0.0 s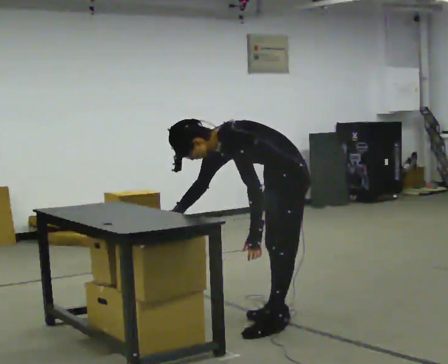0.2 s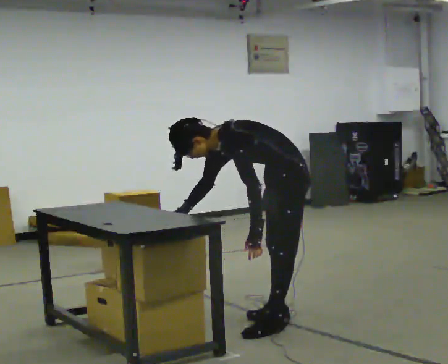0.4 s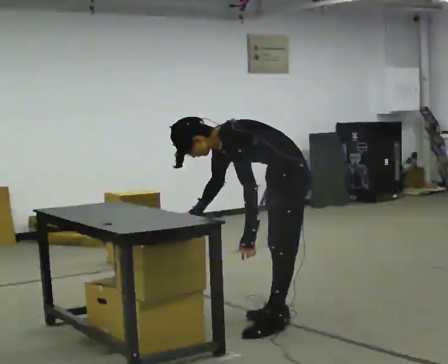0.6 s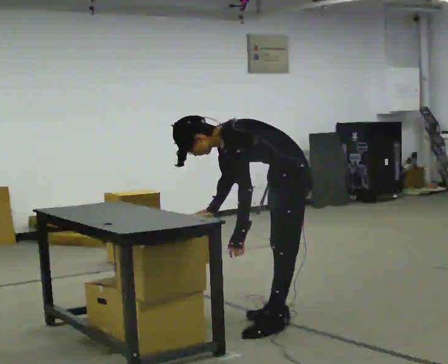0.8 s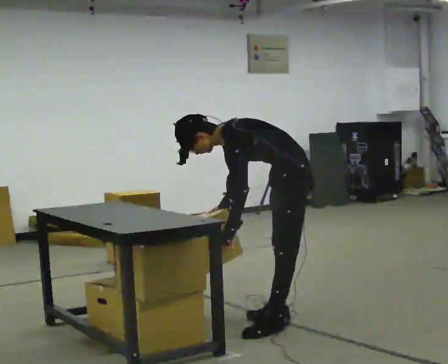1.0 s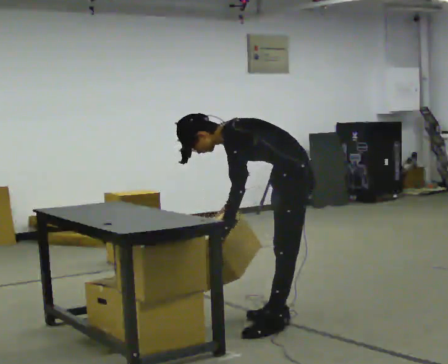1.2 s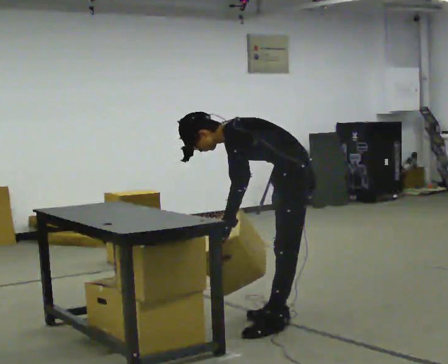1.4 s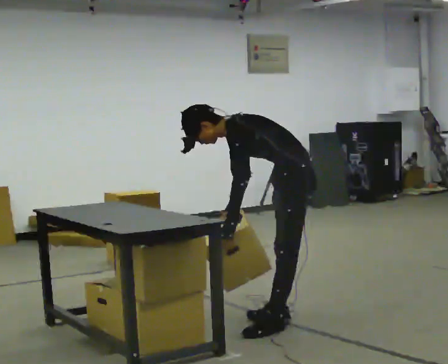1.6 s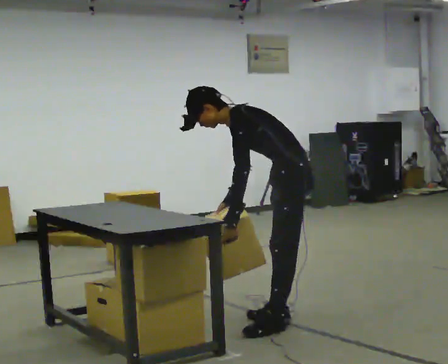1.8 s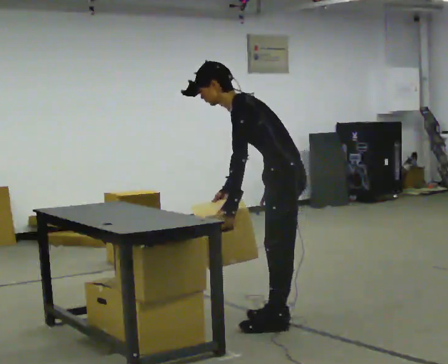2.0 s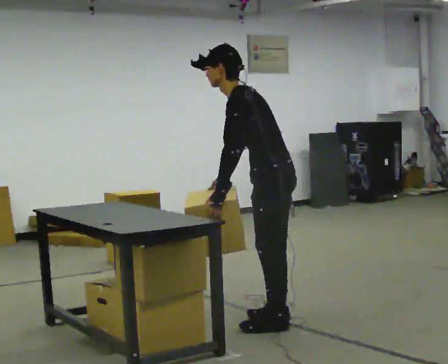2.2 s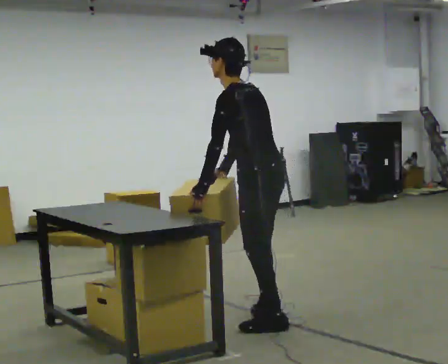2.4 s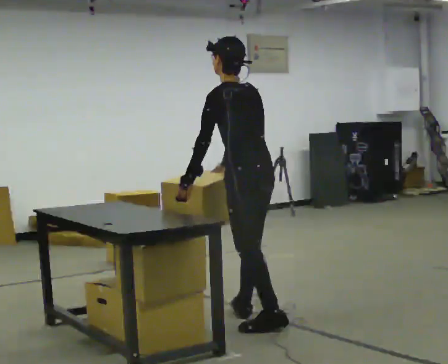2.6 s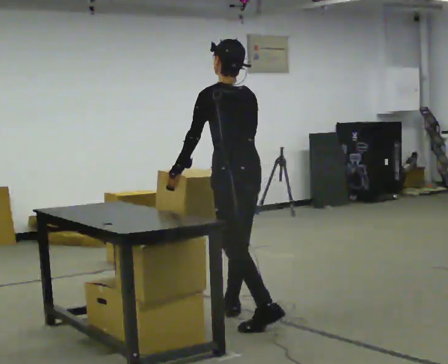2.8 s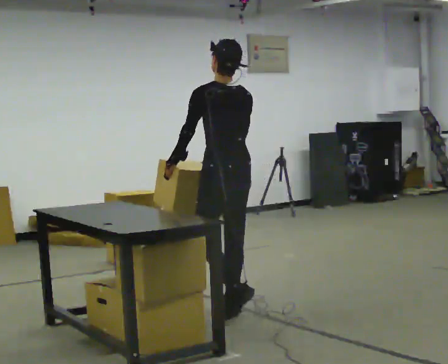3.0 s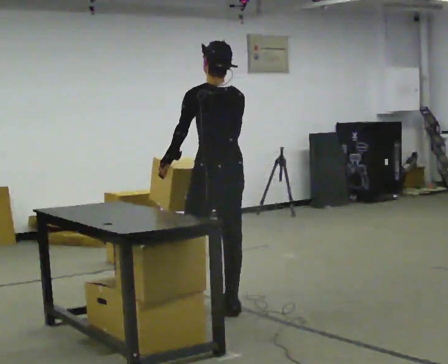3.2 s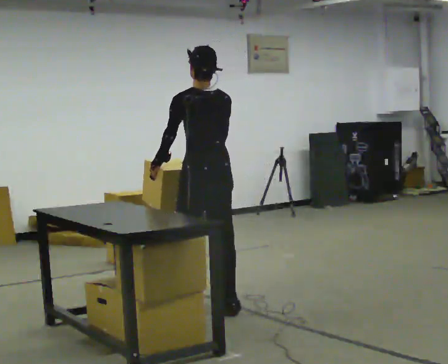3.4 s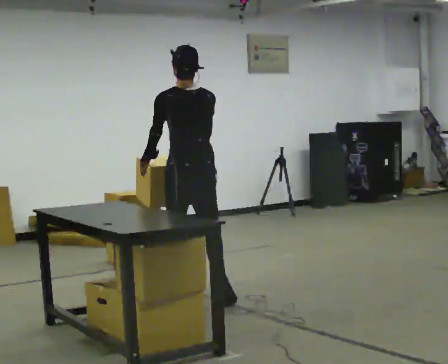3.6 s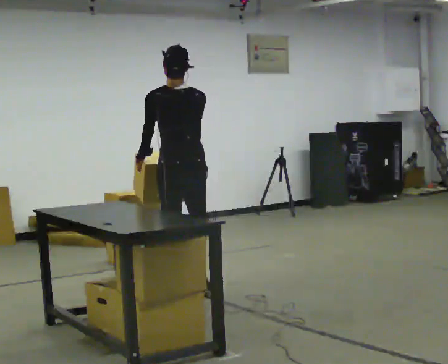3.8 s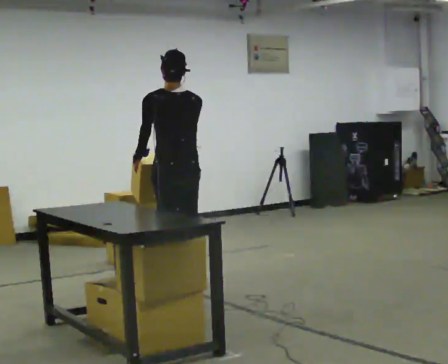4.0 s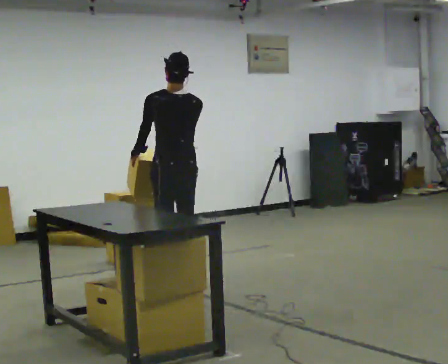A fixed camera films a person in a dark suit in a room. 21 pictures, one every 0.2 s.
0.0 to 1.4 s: The upper body tips away from the camera, its near side rolling upward.
1.4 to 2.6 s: The part of the body nearest the lens slides to the left as the person turns to their right by about 45 degrees. In the picture they go to the left, about 0.5 m in 1 step, which for them is forward. The upper body goes upward. In the picture the upper body tilts clockwise, shoulders to the right, as they lean back or straighten. In the picture their left hand goes upward.
2.6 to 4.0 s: In the picture they go away from the camera and to the left, about 1 m in 2 steps, which for them is forward.
The film runs forward here.
